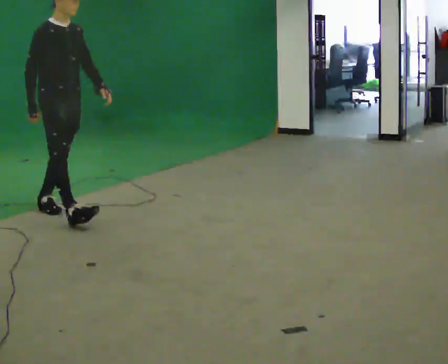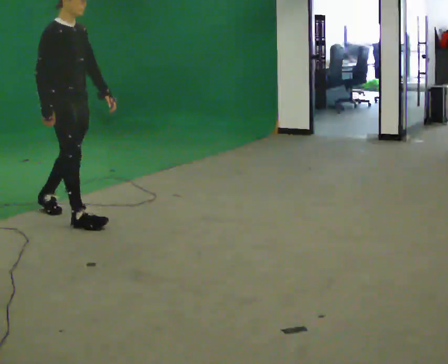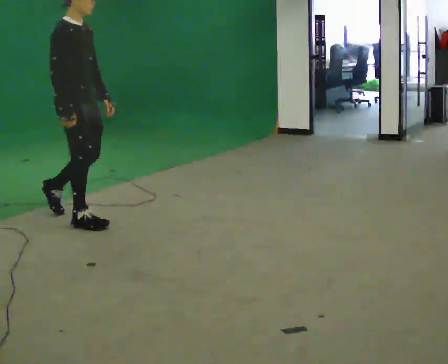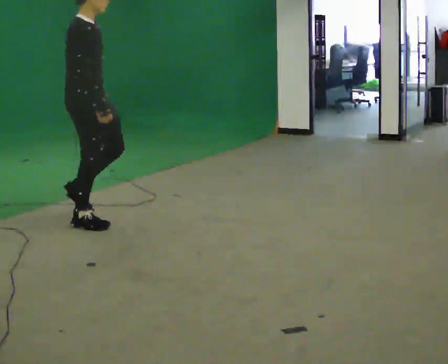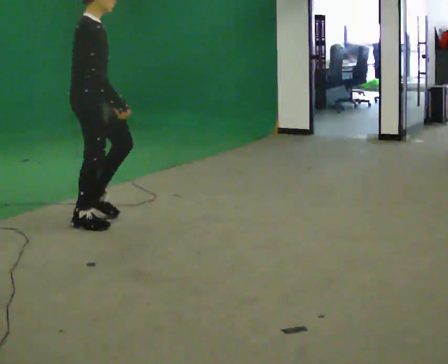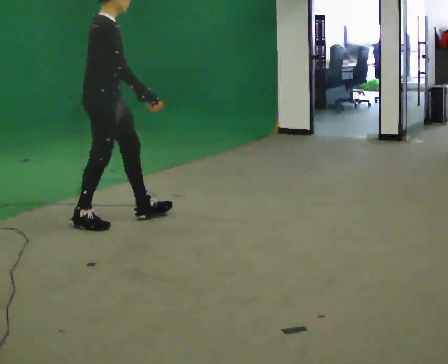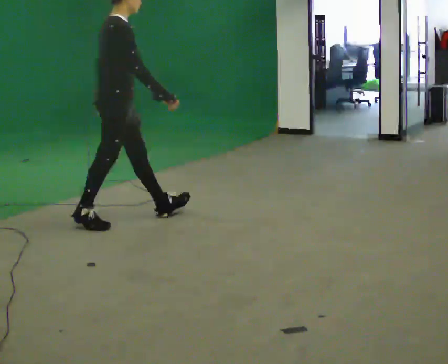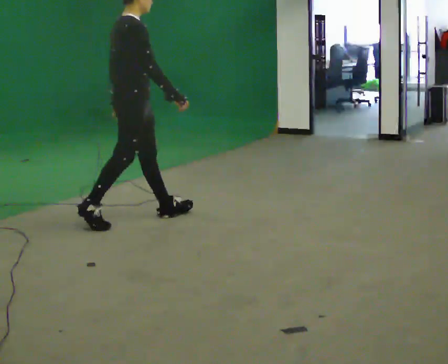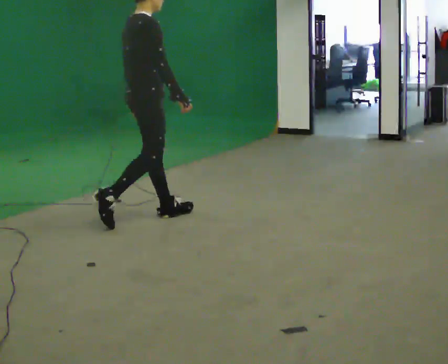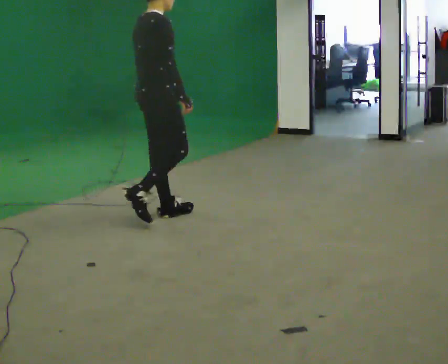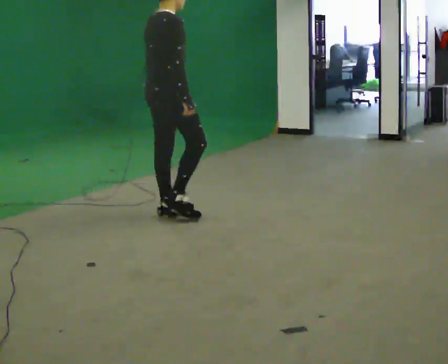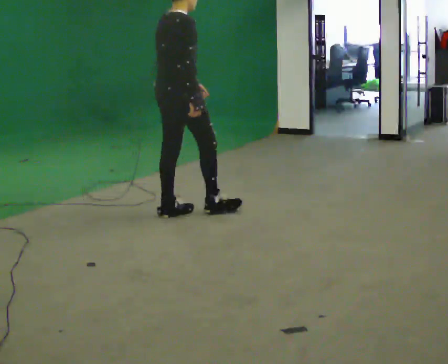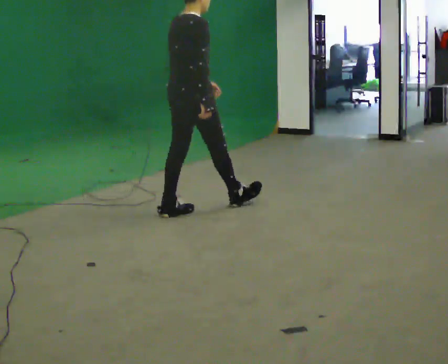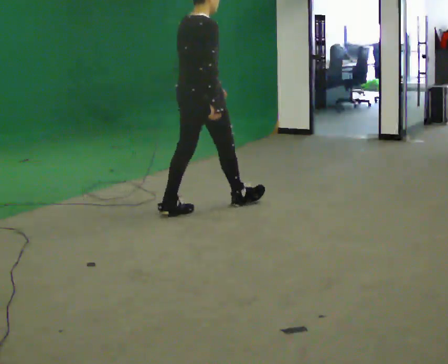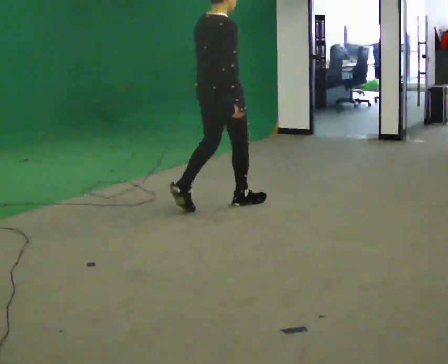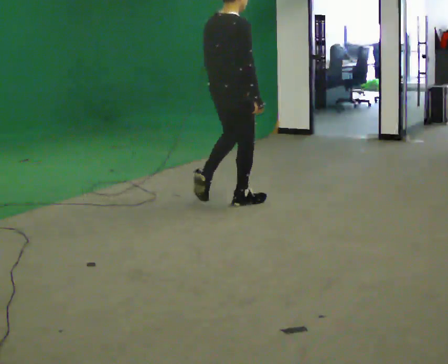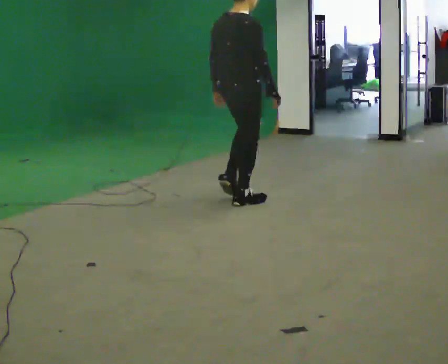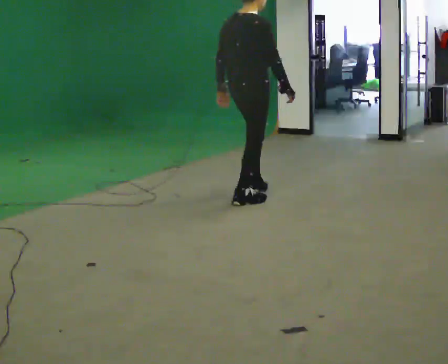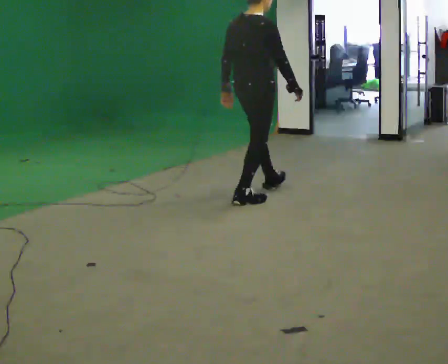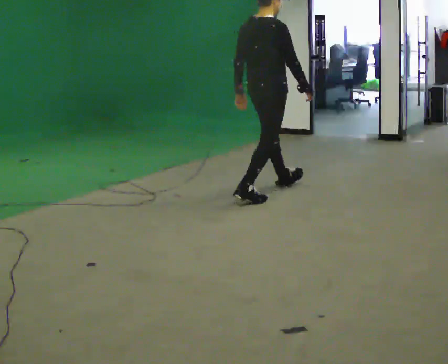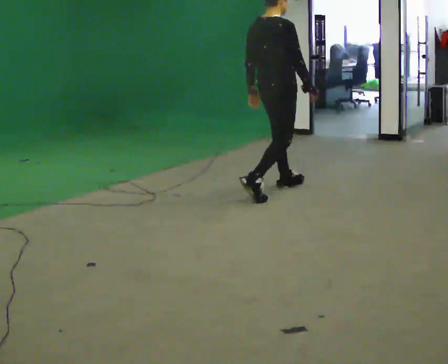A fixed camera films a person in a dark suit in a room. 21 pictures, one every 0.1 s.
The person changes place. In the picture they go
to the right.
The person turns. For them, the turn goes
to their left.
0.0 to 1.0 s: Seen from above the body turns counterclockwise, about 60 degrees: to their left, with its near side sliding to the right. In the picture they go to the right, about 1 m in 2 steps.
1.0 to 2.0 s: In the picture they go to the right and away from the camera, about 1 m in 2 steps, which for them is forward.
The film runs forward here.
